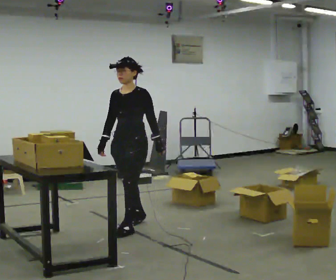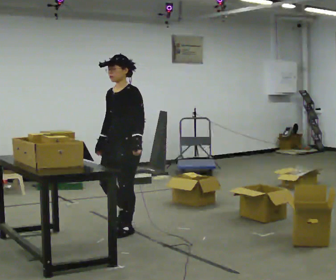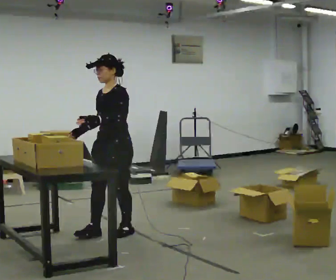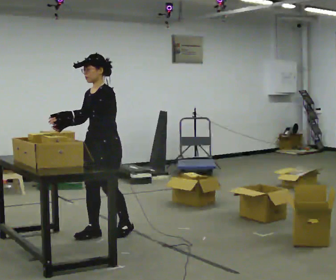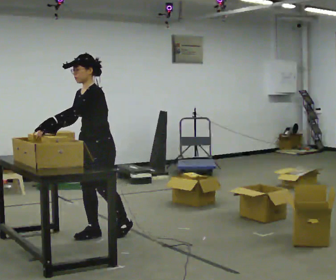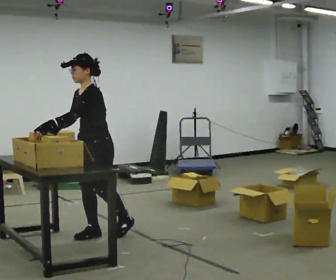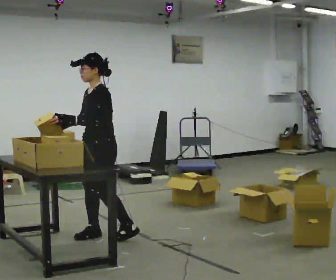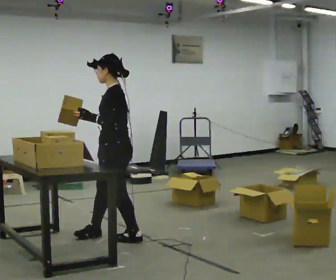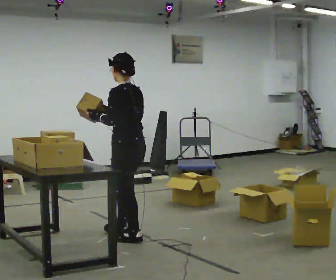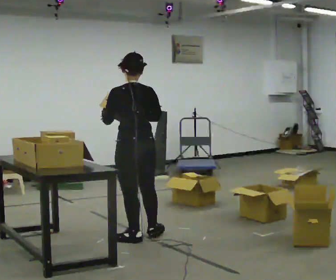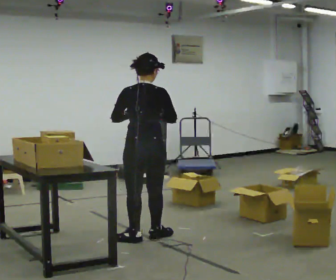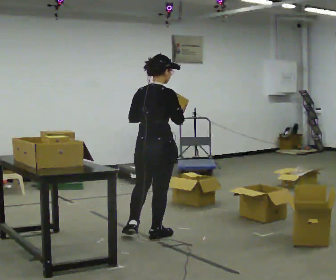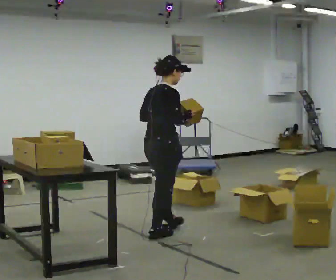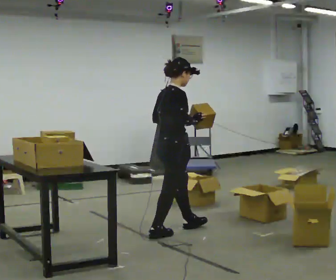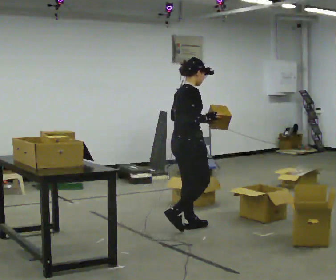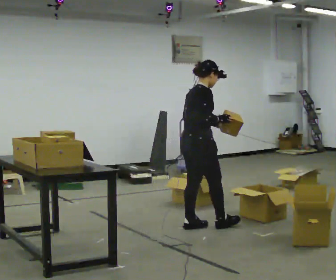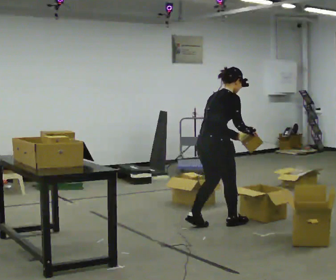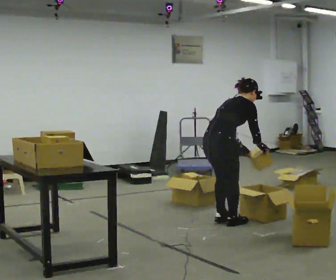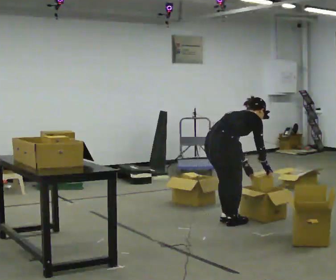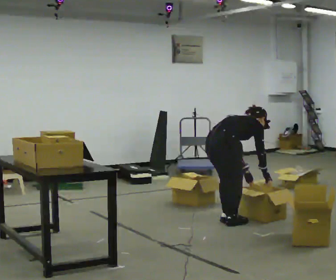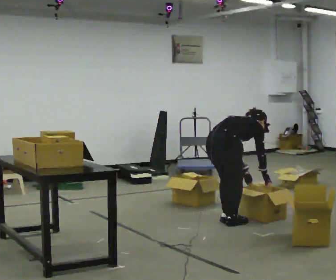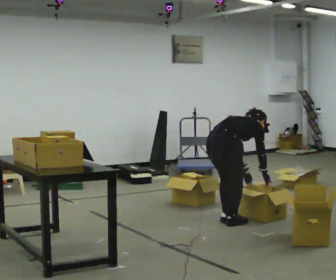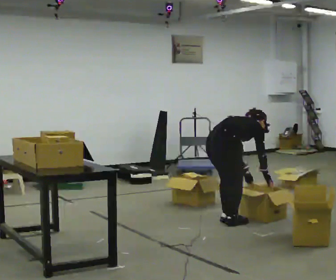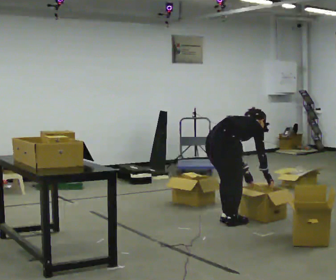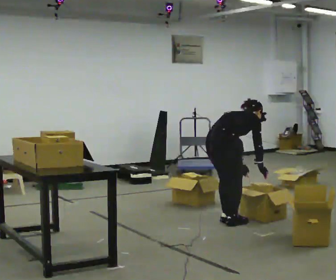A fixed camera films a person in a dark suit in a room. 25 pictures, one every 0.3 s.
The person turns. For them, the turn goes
to their right.
The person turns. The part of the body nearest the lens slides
to the left.
0.0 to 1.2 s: In the picture they go toward the camera and to the left, about 0.5 m in 1 step, which for them is forward.
1.2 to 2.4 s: The person turns about 75 degrees to their right, clockwise seen from above, so the part of the body nearest the lens slides to the left. In the picture they go to the right, about 0.25 m in 1 step.
2.4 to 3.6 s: The person turns about 120 degrees to their right, clockwise seen from above, so the part of the body nearest the lens slides to the left. In the picture they go to the right and away from the camera, about 0.25 m in 1 step.
3.6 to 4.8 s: In the picture they go to the right and away from the camera, about 0.5 m in 2 steps, which for them is forward. In the picture the upper body tilts clockwise, shoulders to the right, as they bend forward.
4.8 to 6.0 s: The upper body goes downward. In the picture the upper body tilts clockwise, shoulders to the right, as they bend forward. In the picture their left hand goes downward.
6.0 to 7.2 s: In the picture the upper body tilts counterclockwise, shoulders to the left.
The film runs forward here.
